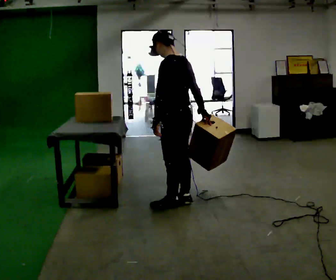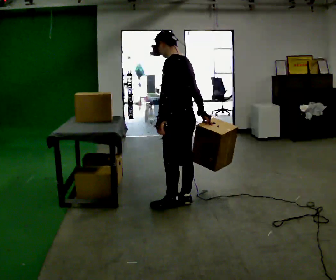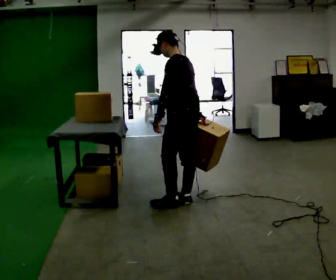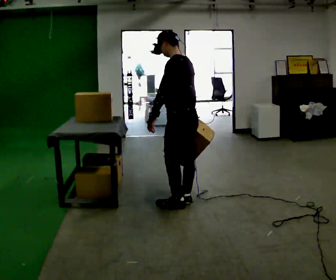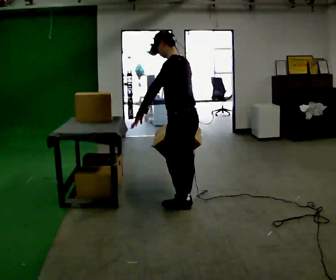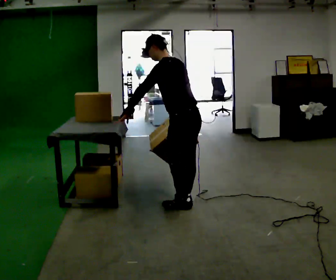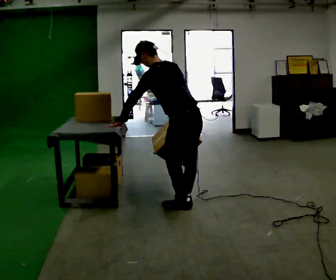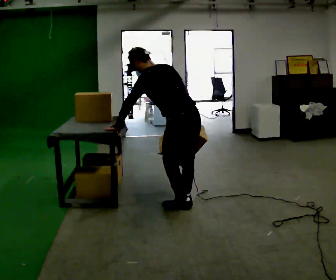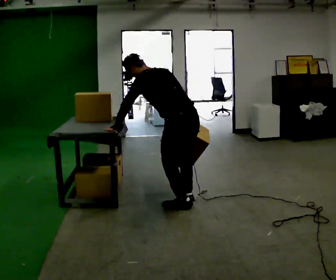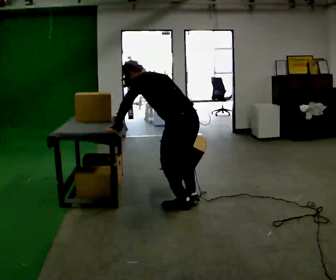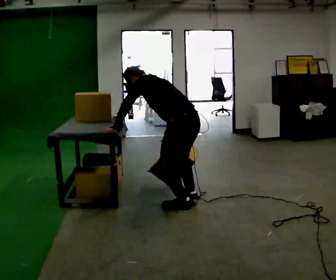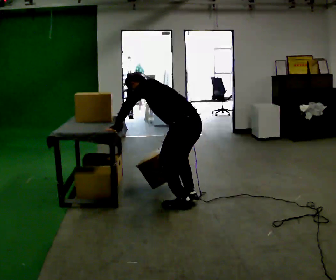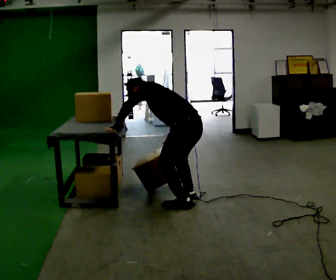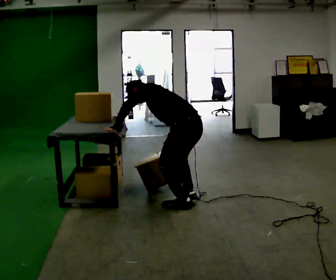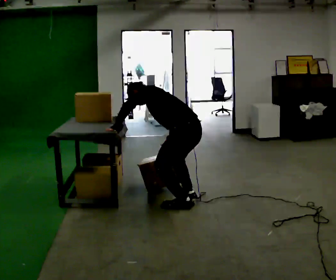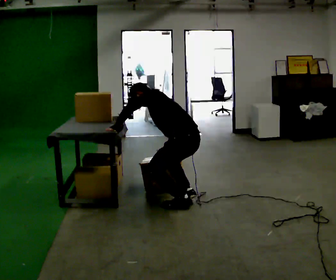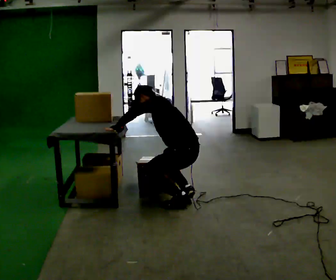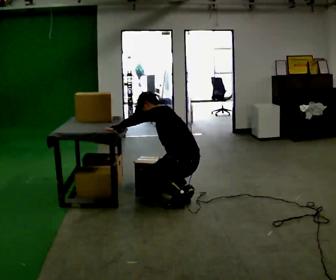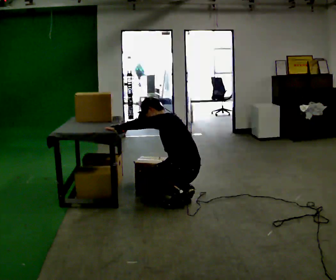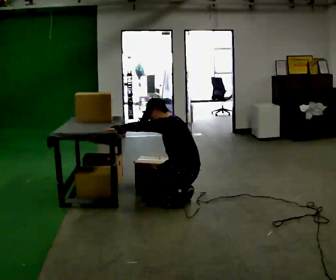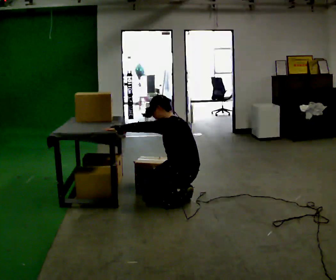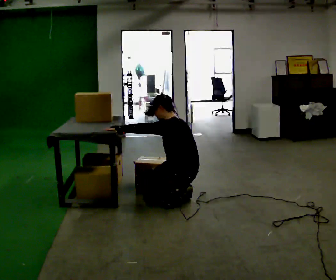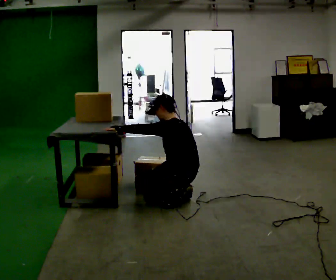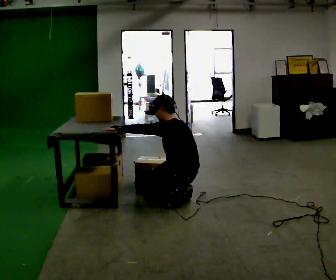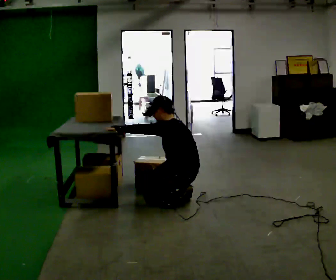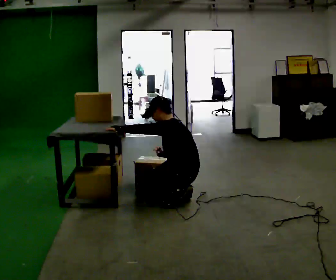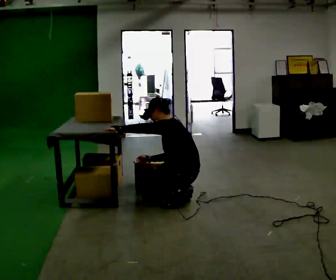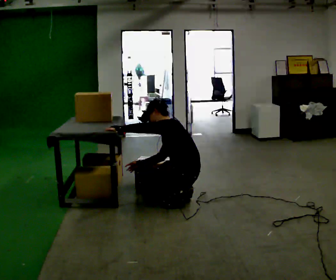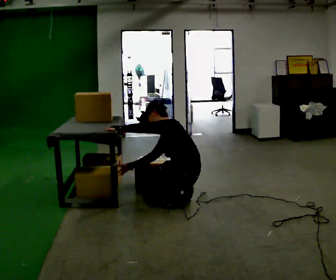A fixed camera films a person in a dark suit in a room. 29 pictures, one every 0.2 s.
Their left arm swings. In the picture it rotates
clockwise.
The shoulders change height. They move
downward.
0.0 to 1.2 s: In the picture the upper body tilts counterclockwise, shoulders to the left, as they bend forward. In the picture their left hand goes to the left.
1.2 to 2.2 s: The upper body goes downward. The upper body tips away from the camera, its near side rolling upward, as they bend forward.
2.2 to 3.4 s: The upper body goes downward. In the picture the upper body tilts clockwise, shoulders to the right, as they lean back or straighten.
3.4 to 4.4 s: The upper body tips toward the camera, its near side rolling downward, as they lean back or straighten.
4.4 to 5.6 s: In the picture the upper body tilts counterclockwise, shoulders to the left, as they bend forward. In the picture their right hand goes to the left.
The film runs forward here.
